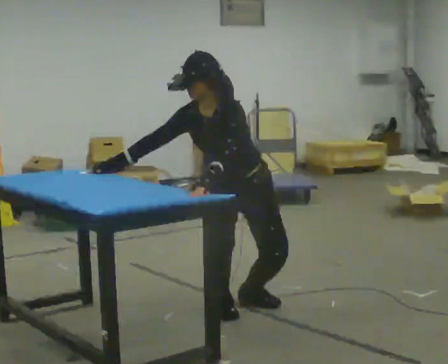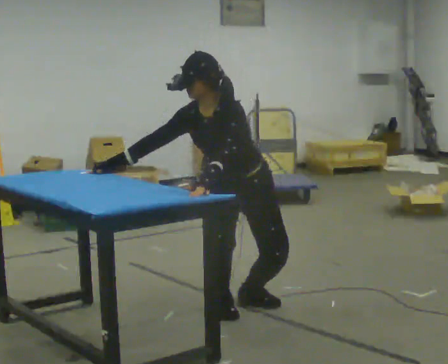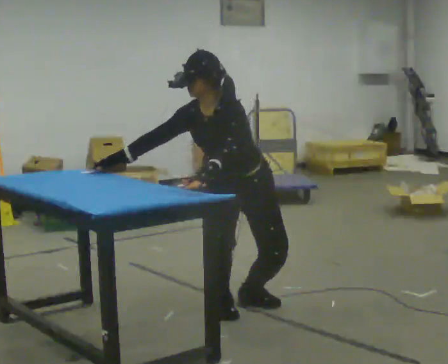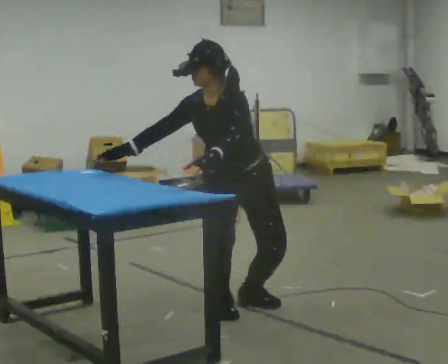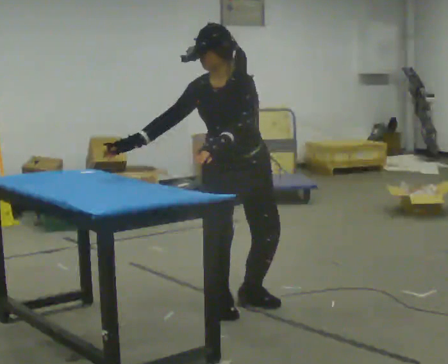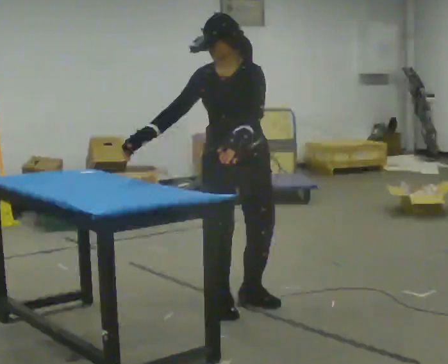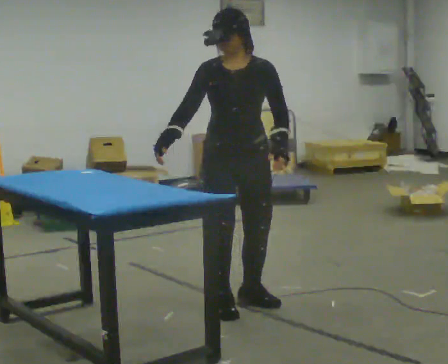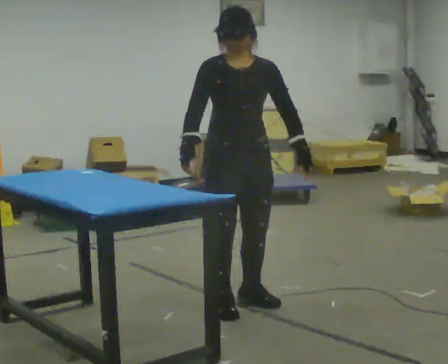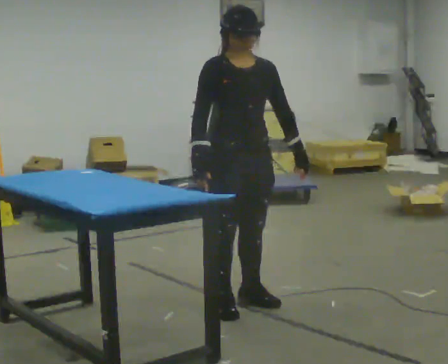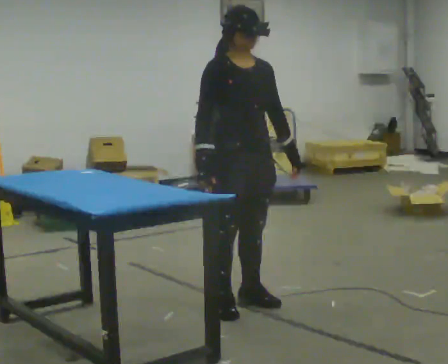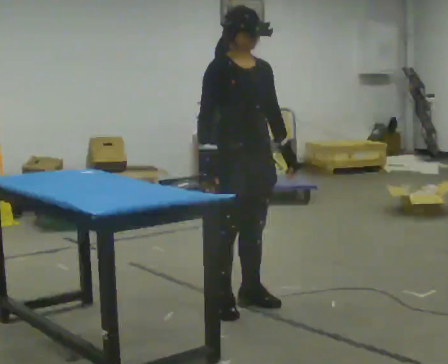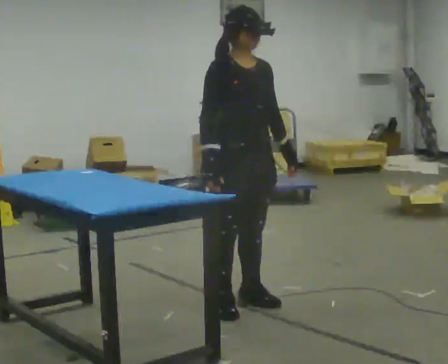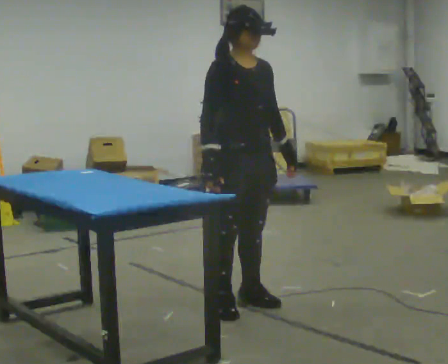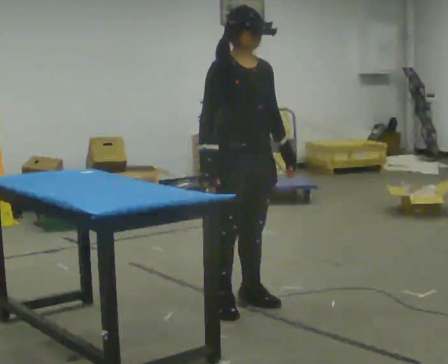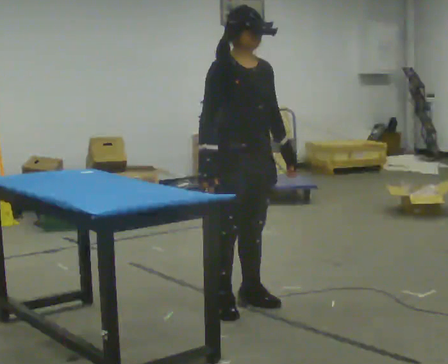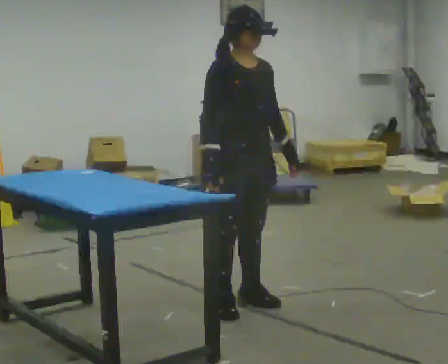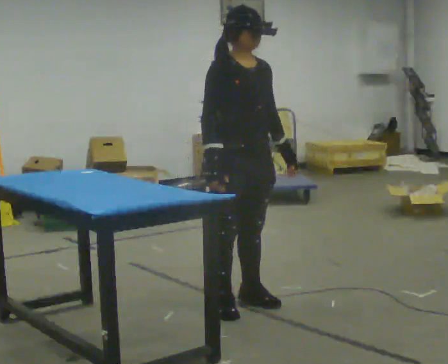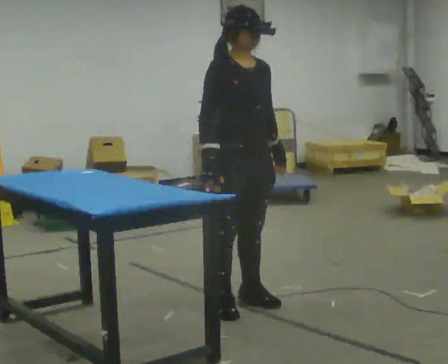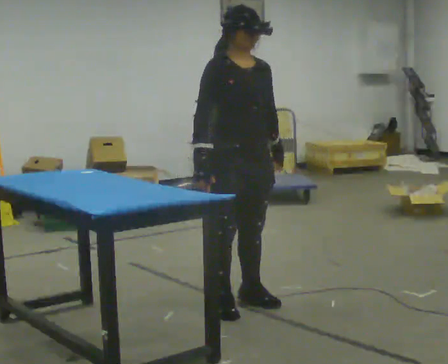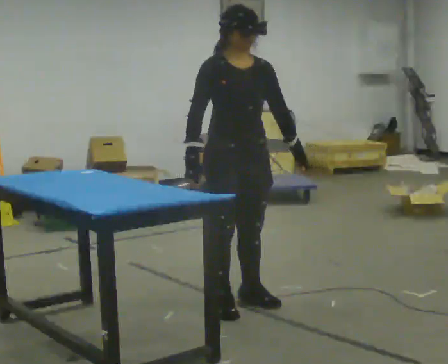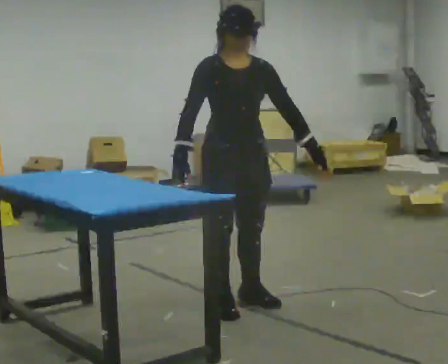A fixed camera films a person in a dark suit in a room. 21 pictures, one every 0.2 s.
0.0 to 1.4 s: Seen from above the body turns counterclockwise, about 30 degrees: to their left, with its near side sliding to the right. The shoulders move upward. In the picture the upper body tilts clockwise, shoulders to the right, as they lean back or straighten. In the picture their right hand goes to the right.
1.4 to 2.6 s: The part of the body nearest the lens slides to the right as the person turns to their left by about 30 degrees.
2.6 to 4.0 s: The person moves a little, or ends about where they began.
The film runs backward here.
